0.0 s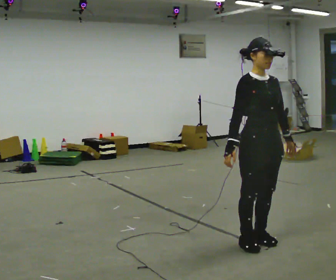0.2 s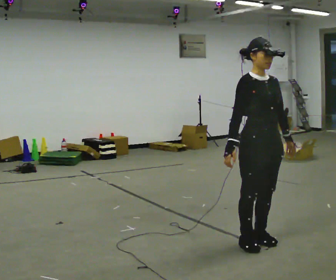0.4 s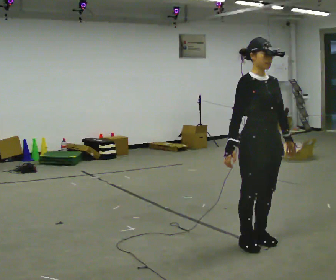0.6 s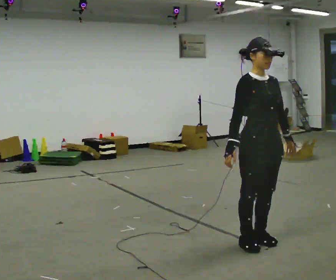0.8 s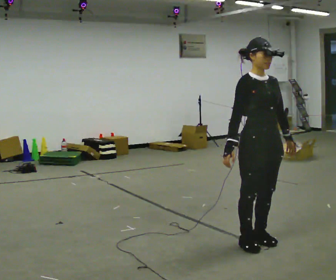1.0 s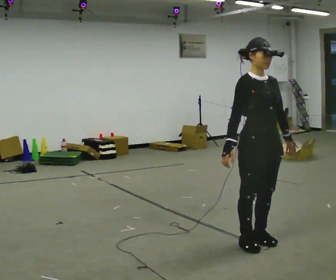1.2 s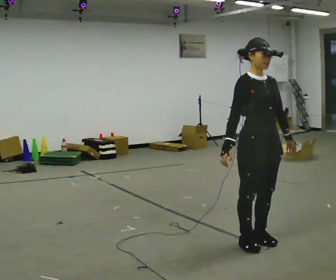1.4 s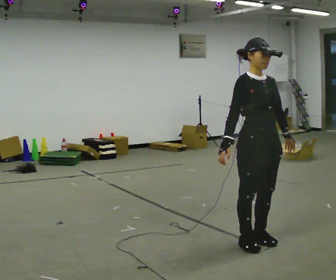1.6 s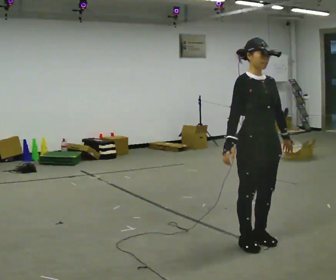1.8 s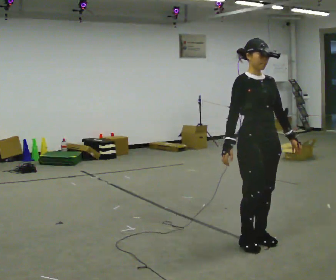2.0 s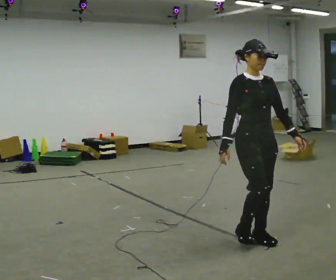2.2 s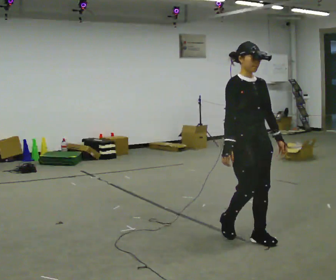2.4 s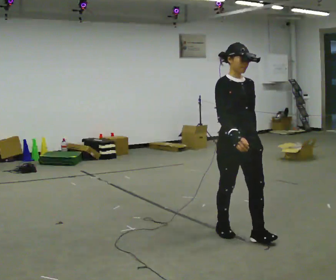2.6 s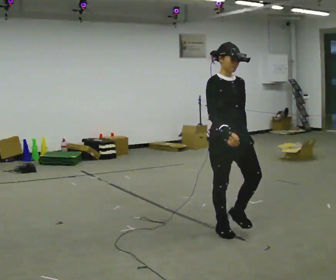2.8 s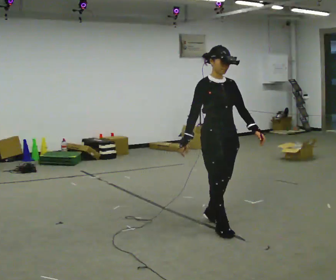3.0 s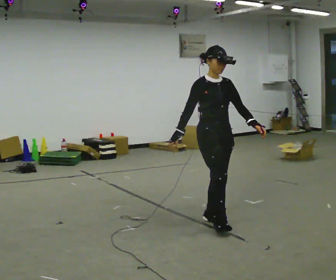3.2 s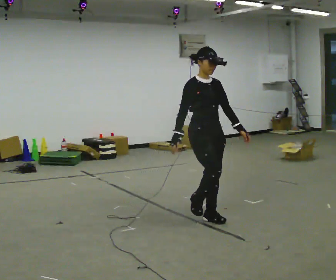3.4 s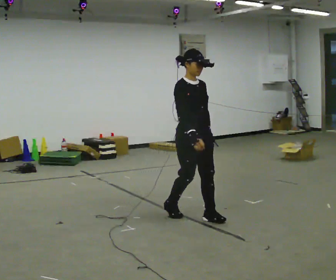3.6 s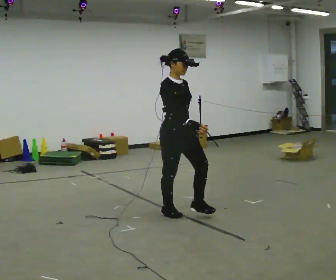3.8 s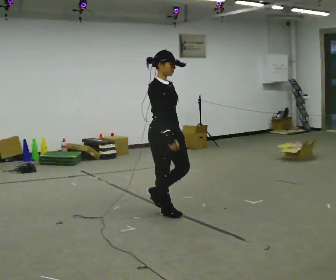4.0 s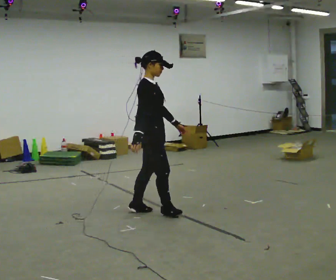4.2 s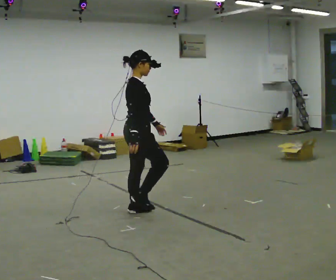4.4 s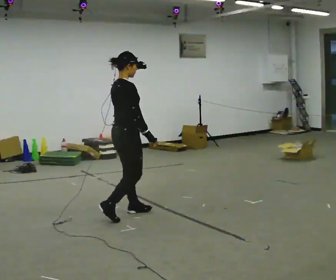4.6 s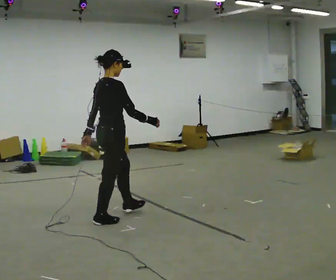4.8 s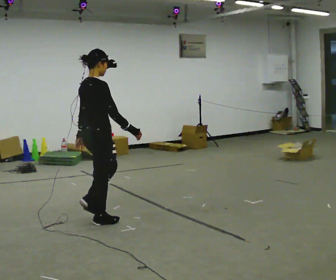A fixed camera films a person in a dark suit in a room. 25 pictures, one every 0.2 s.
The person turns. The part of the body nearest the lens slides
to the right.
The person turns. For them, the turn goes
to their left.
0.0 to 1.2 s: The person keeps their place and pose.
1.2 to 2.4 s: In the picture they go away from the camera, about 0.25 m in 1 step, which for them is backward.
2.4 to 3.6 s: In the picture they go away from the camera and to the left, about 1 m in 3 steps, which for them is backward.
3.6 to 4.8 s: Seen from above the body turns counterclockwise, about 75 degrees: to their left, with its near side sliding to the right. In the picture they go to the left and toward the camera, about 0.5 m in 2 steps.
The film runs backward here.
